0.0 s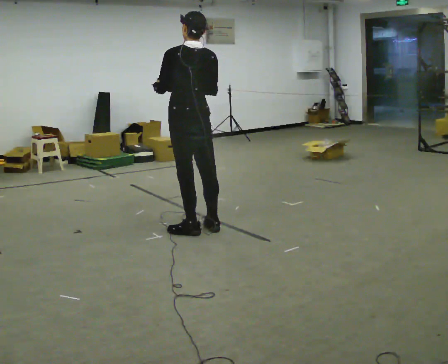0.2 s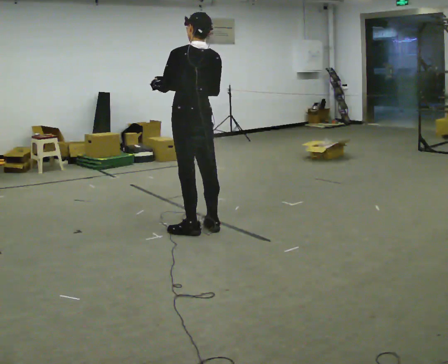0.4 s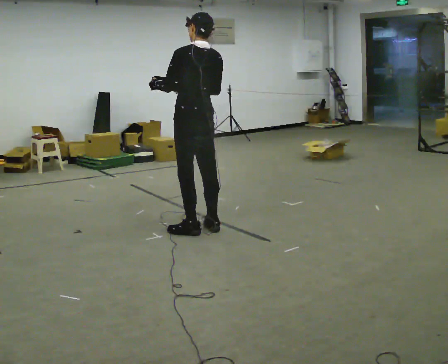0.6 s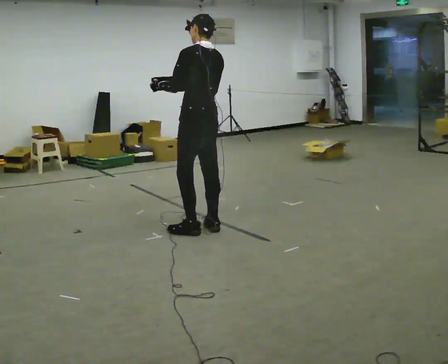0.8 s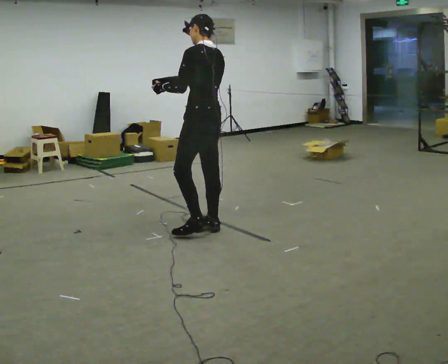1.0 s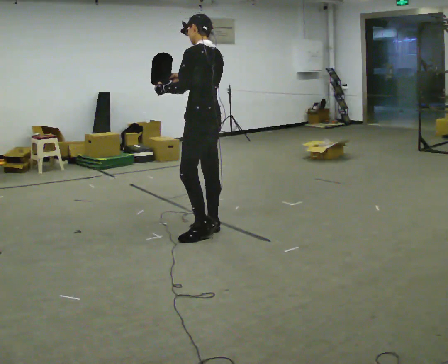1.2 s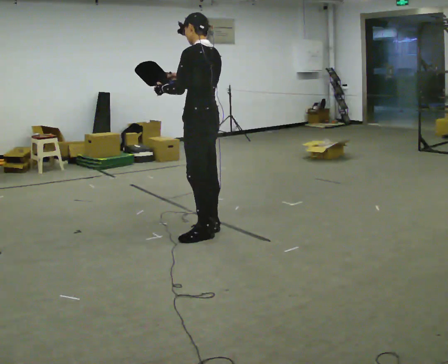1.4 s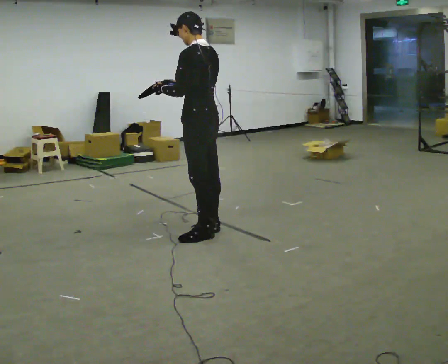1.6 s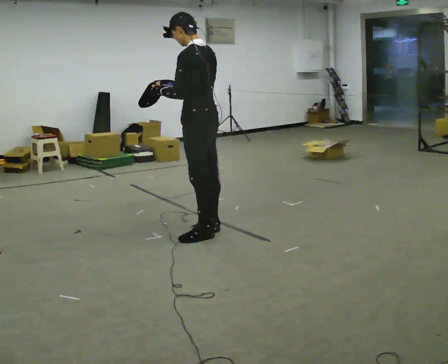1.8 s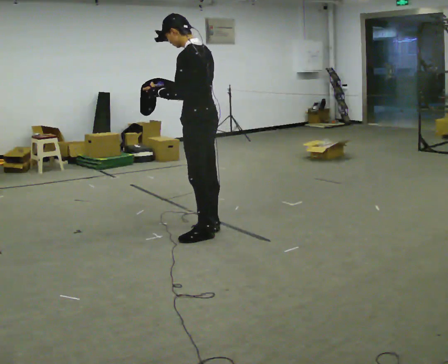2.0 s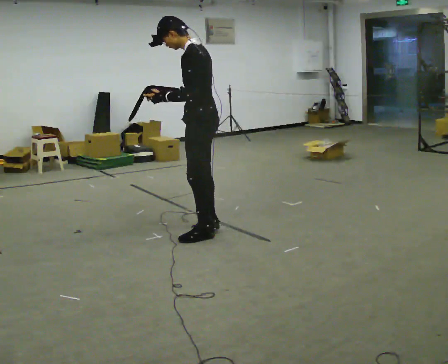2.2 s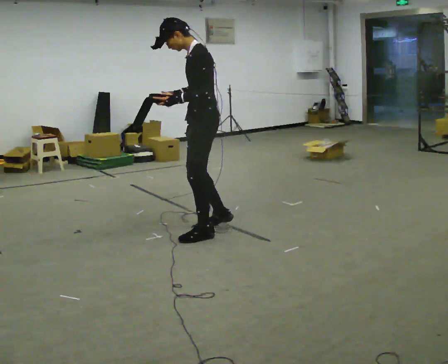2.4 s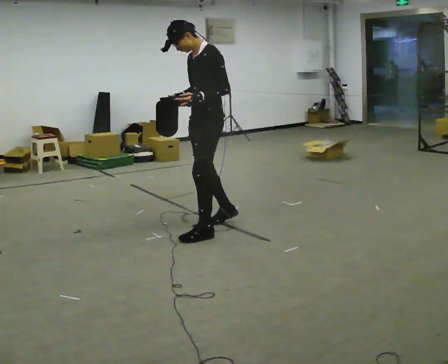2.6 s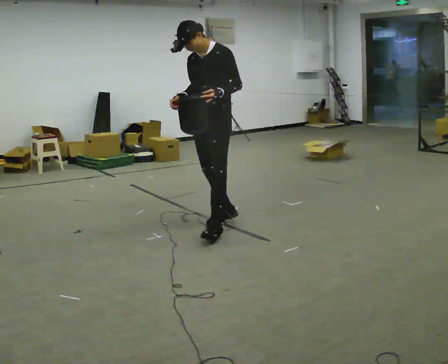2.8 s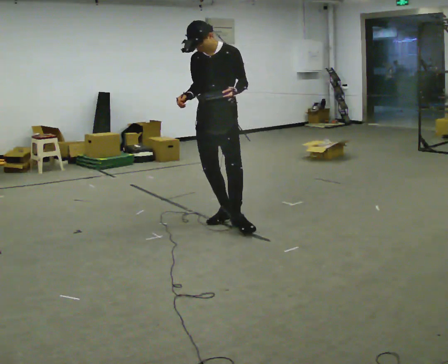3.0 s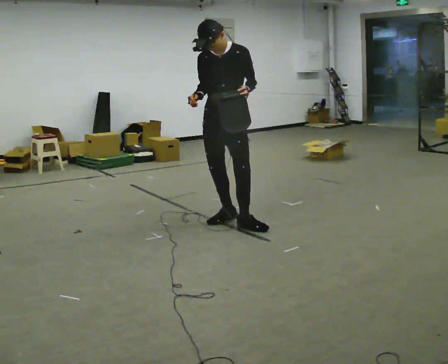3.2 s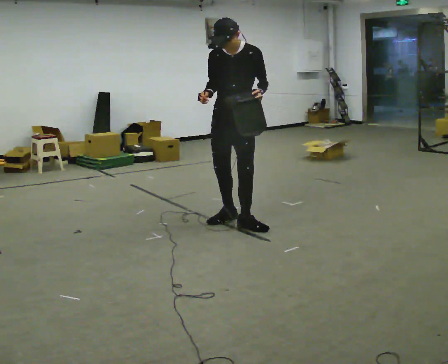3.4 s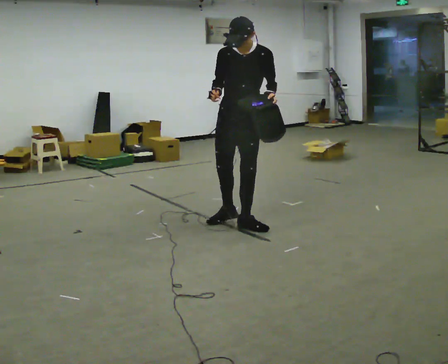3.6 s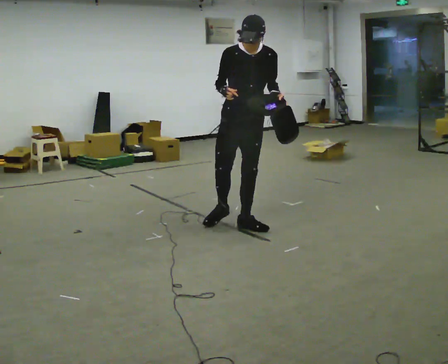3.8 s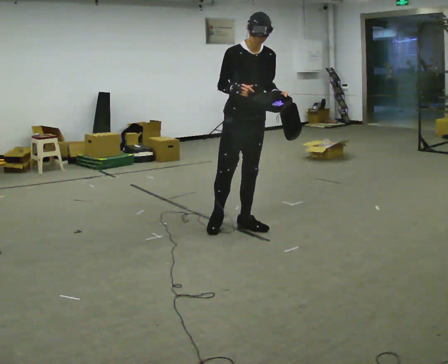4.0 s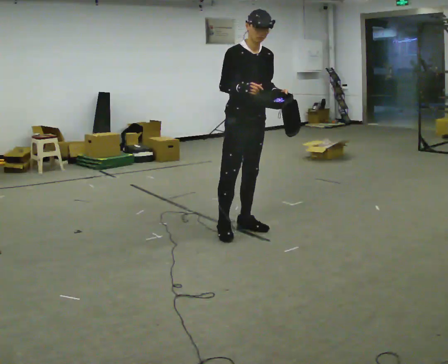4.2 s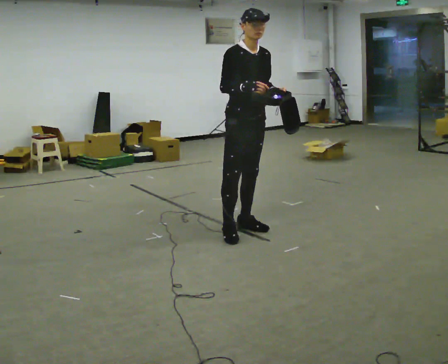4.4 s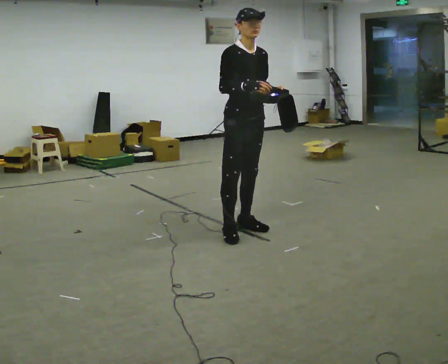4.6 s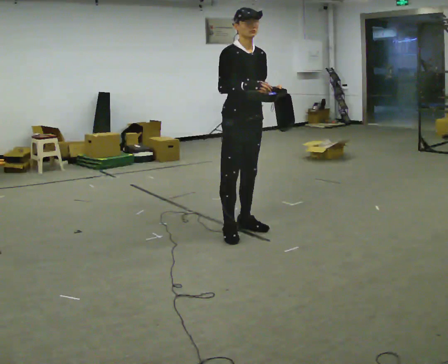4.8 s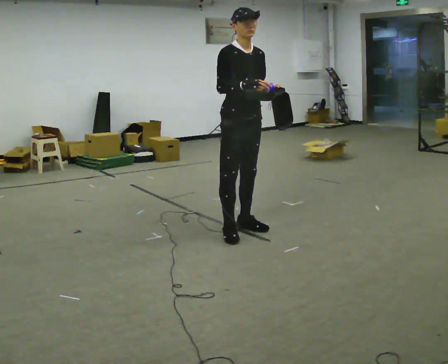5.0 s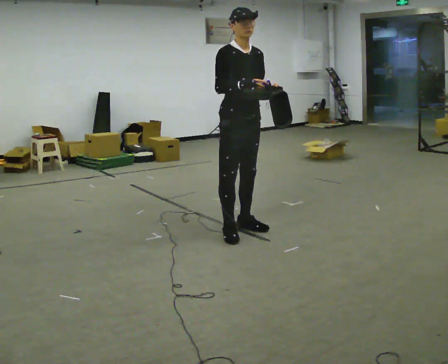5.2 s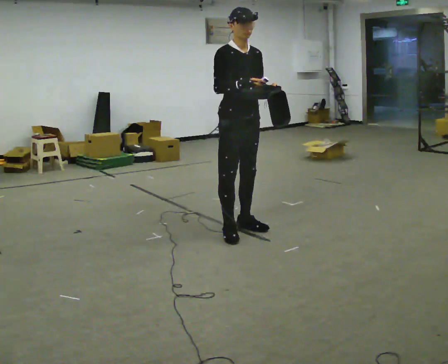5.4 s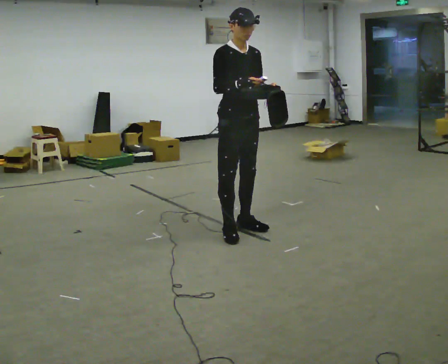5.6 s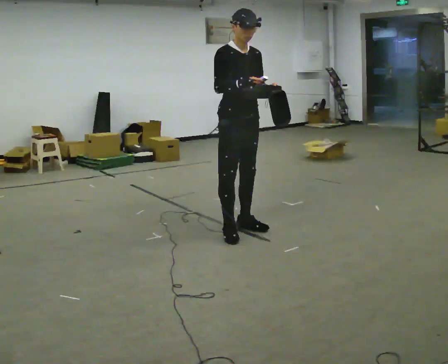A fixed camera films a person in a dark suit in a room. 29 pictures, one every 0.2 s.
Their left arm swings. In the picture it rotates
counterclockwise.
The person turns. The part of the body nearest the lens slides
to the right.
0.0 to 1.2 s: The person turns about 30 degrees to their left, counterclockwise seen from above, so the part of the body nearest the lens slides to the right.
1.2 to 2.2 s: The person turns about 30 degrees to their left, counterclockwise seen from above, so the part of the body nearest the lens slides to the right.
2.2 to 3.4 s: Seen from above the body turns counterclockwise, about 90 degrees: to their left, with its near side sliding to the right. In the picture they go away from the camera and to the right, about 0.25 m in 1 step. In the picture the upper body tilts clockwise, shoulders to the right.
3.4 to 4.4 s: Seen from above the body turns counterclockwise, about 45 degrees: to their left, with its near side sliding to the right.
4.4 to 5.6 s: The person moves a little, or ends about where they began.
The film runs backward here.
